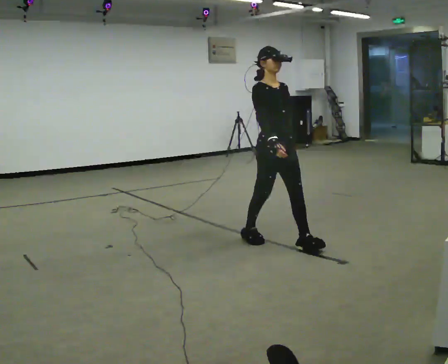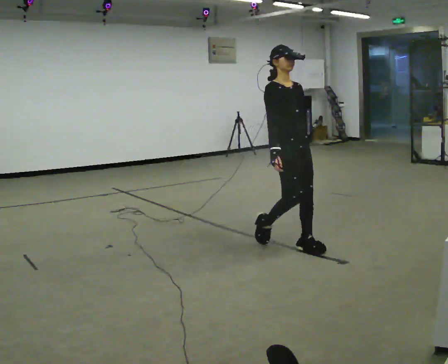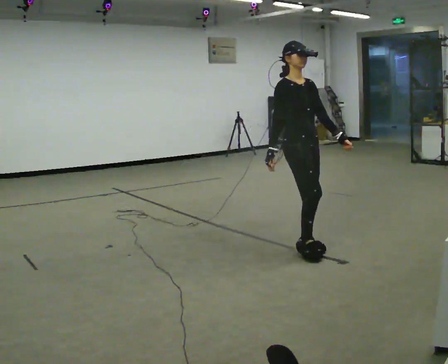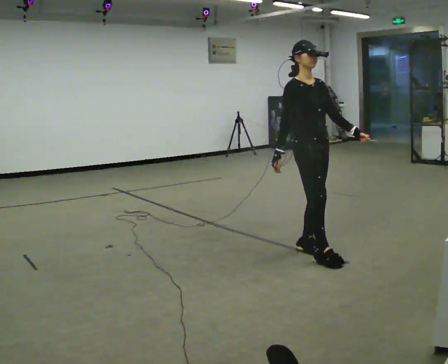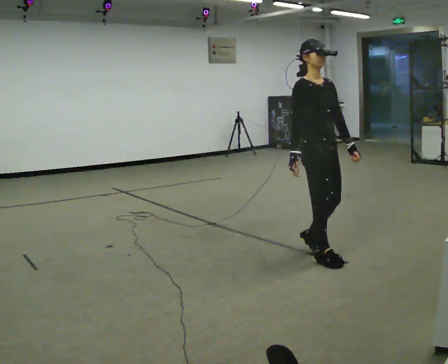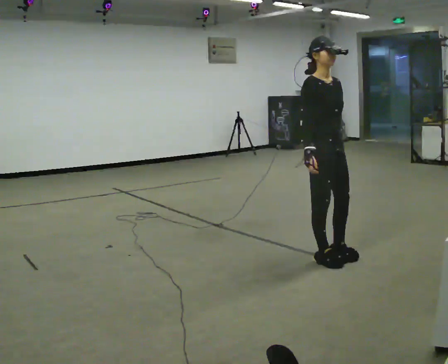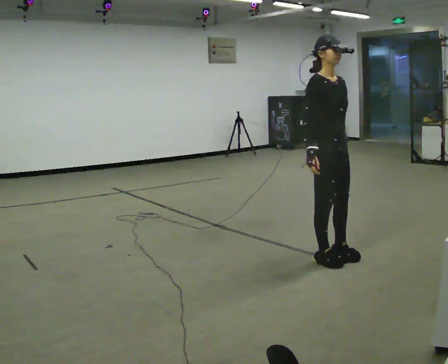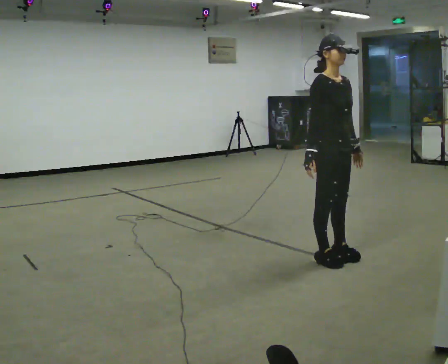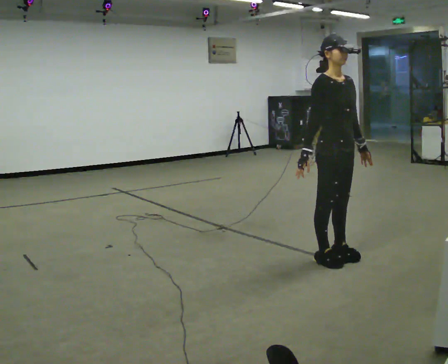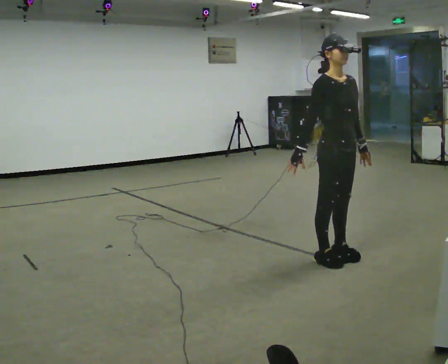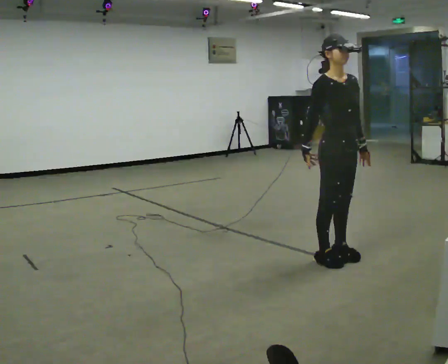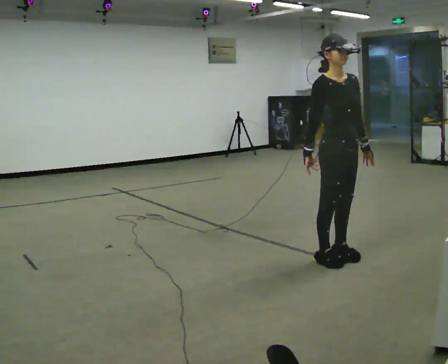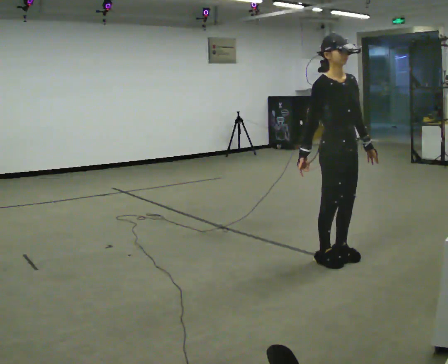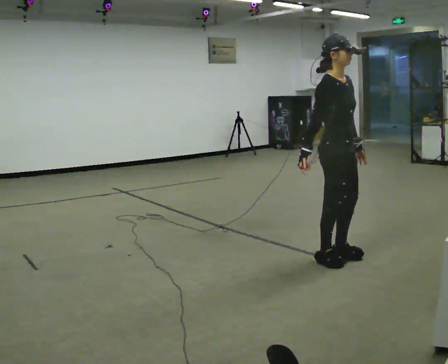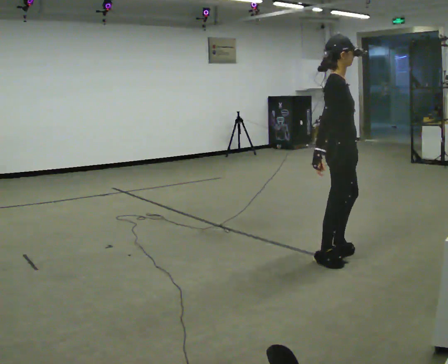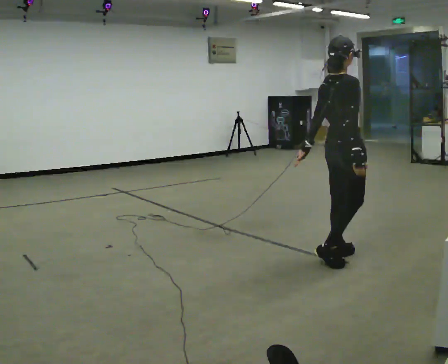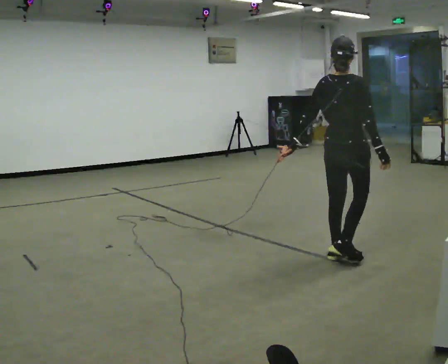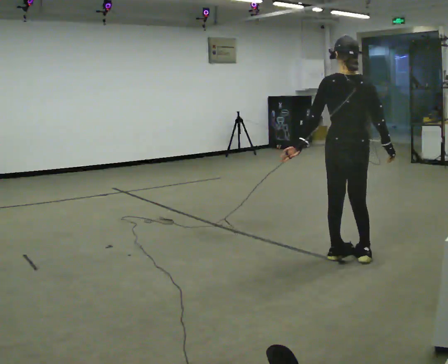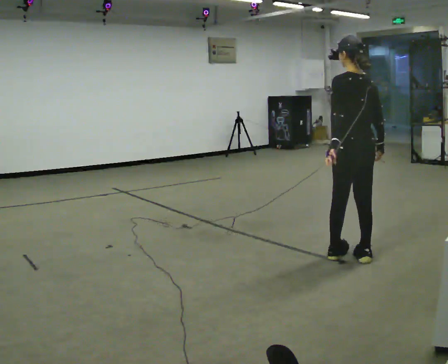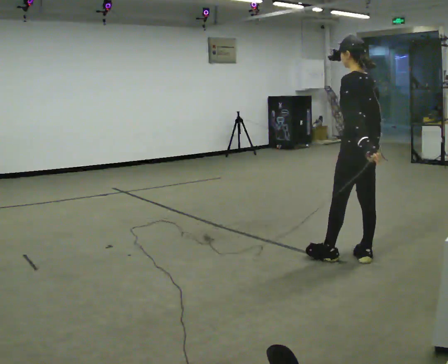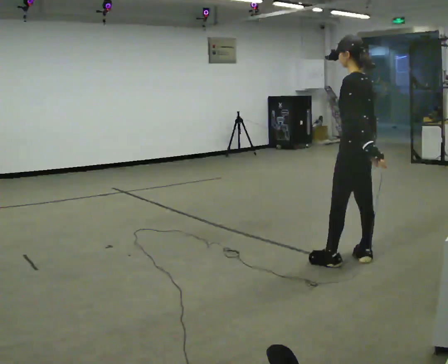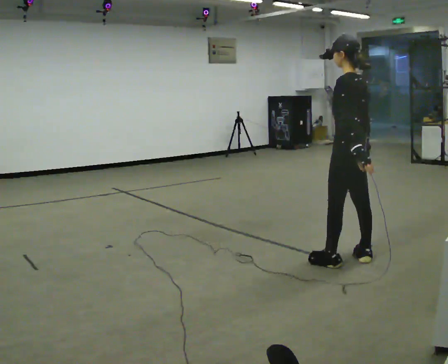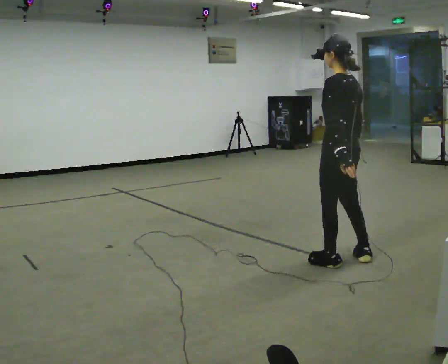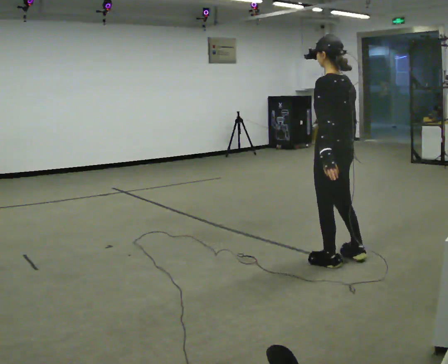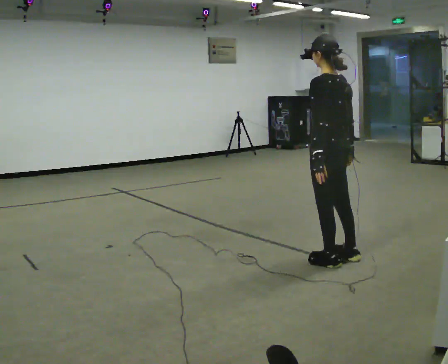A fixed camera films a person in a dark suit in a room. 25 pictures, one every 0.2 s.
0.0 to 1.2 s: In the picture they go toward the camera and to the right, about 0.5 m in 2 steps, which for them is forward.
1.2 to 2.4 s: The person moves a little, or ends about where they began.
2.4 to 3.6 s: Seen from above the body turns counterclockwise, about 165 degrees: to their left, with its near side sliding to the right.
3.6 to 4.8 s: In the picture they go to the left, about 0.25 m in 1 step, which for them is to their left and forward.
The film runs forward here.
